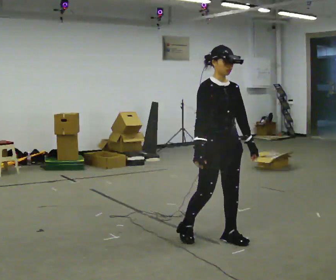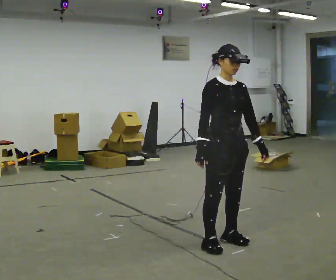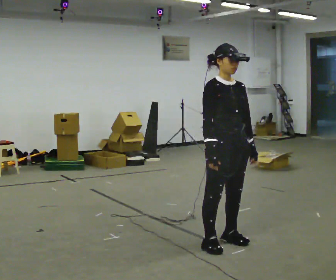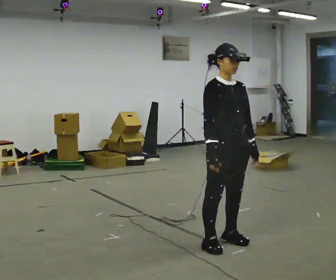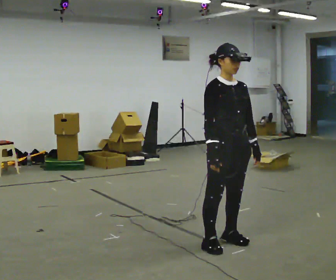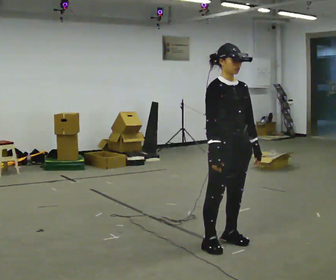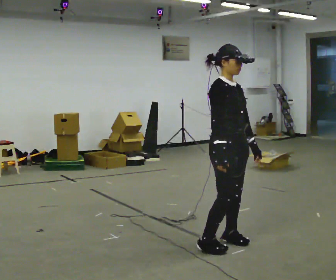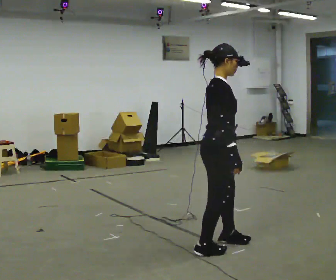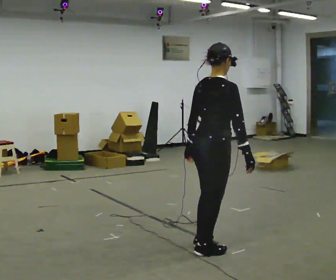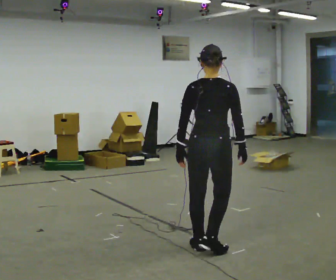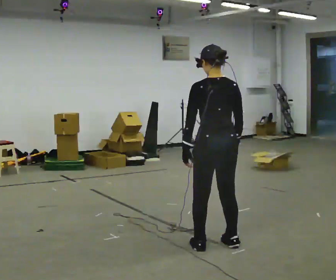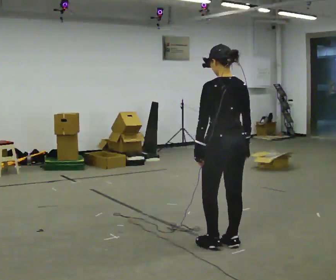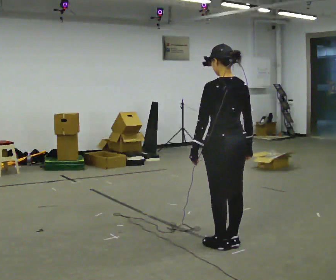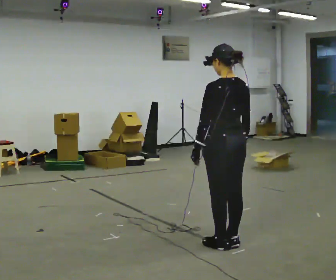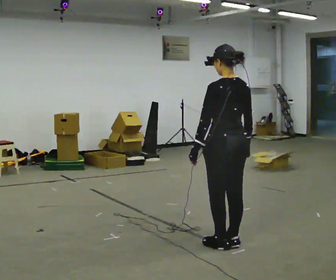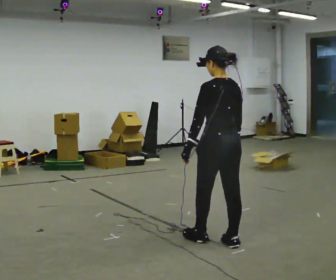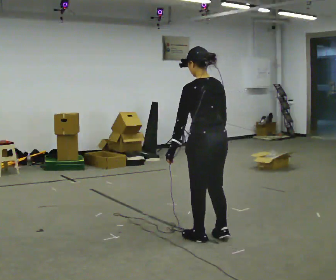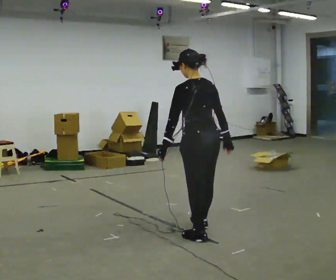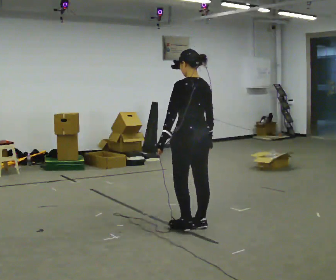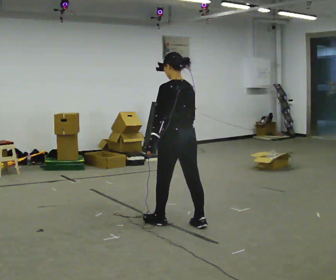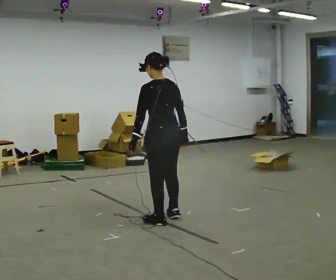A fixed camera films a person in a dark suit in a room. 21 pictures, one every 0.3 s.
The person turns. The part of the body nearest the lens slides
to the right.
The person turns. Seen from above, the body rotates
counterclockwise.
0.0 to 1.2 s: The person moves a little, or ends about where they began.
1.2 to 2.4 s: Seen from above the body turns counterclockwise, about 105 degrees: to their left, with its near side sliding to the right. In the picture their left hand goes to the left, the arm swinging clockwise.
2.4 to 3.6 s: The person turns about 75 degrees to their left, counterclockwise seen from above, so the part of the body nearest the lens slides to the right.
3.6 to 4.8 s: In the picture they go to the left, about 0.25 m in 1 step, which for them is forward.
4.8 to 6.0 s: In the picture they go to the left and away from the camera, about 0.75 m in 2 steps, which for them is forward.
The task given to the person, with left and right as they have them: Walk forward with your feet closer together than normal, or further apart than normal, as the operator states; stop.
The film runs forward here.
